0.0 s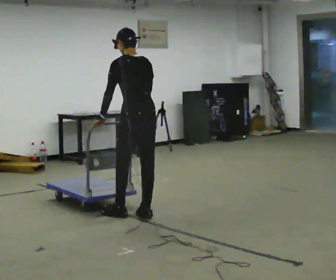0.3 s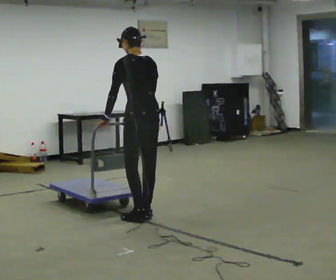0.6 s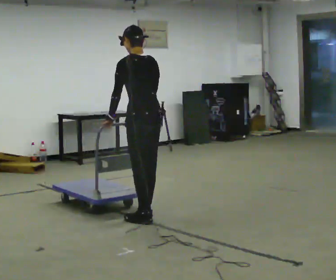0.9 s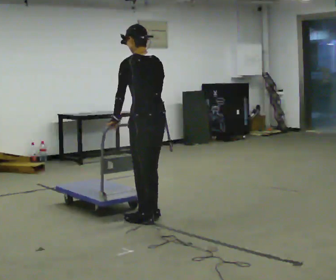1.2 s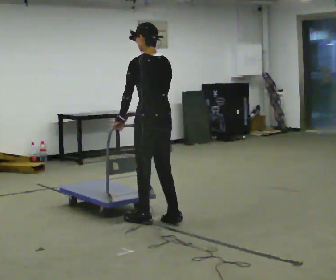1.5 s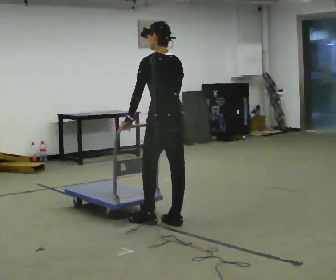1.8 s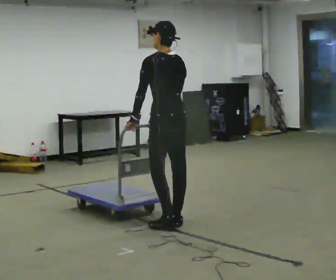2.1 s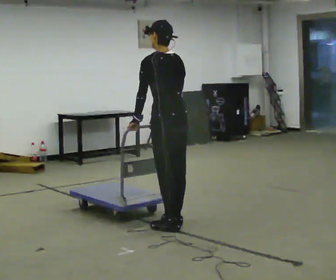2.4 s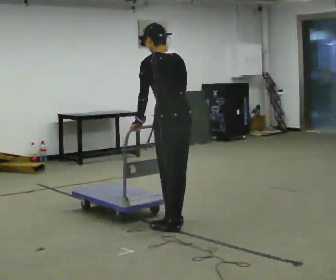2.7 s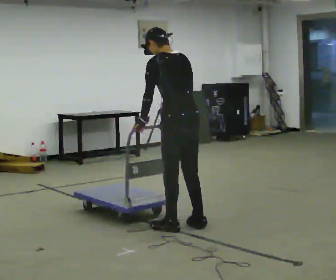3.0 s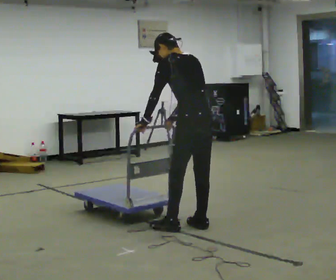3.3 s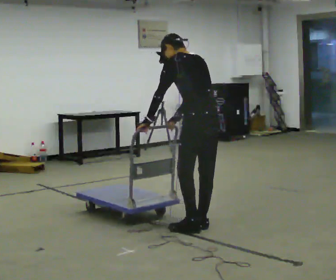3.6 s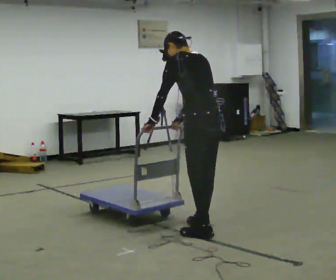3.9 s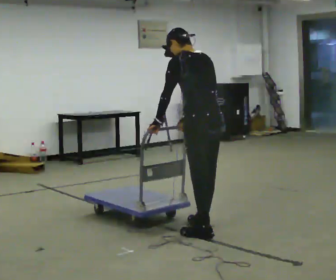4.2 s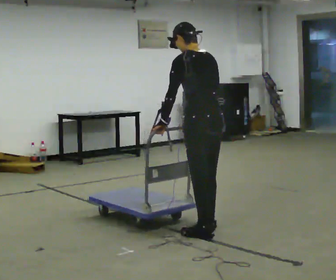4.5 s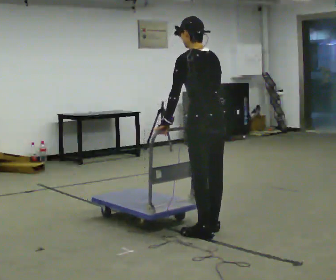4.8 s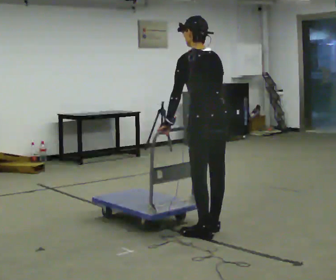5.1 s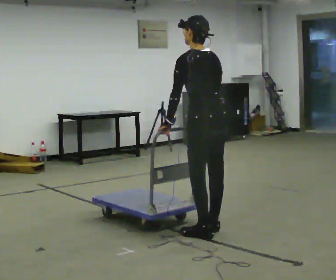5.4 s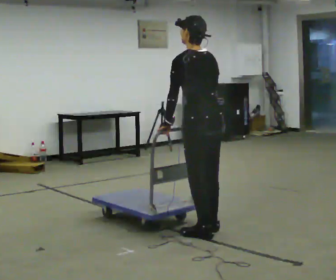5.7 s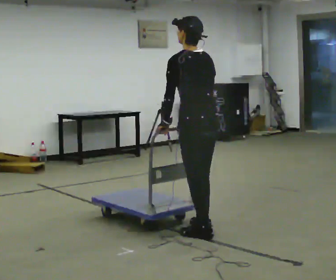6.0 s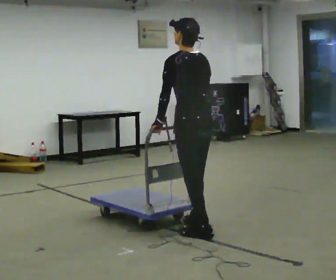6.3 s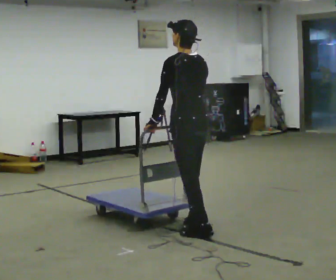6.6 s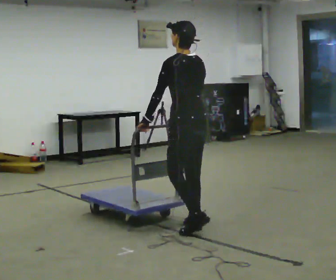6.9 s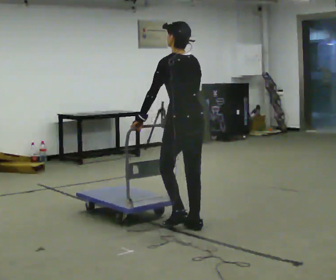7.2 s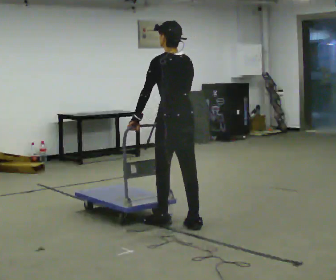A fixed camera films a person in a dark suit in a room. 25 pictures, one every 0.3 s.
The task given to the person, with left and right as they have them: Push the cart across the room using only the hand the operator calls. Keep your other arm at your side.
0.0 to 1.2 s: In the picture they go toward the camera and to the right, about 0.25 m in 2 steps, which for them is backward.
1.2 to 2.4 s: In the picture they go toward the camera and to the right, about 0.25 m in 1 step, which for them is backward.
2.4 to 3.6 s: In the picture they go to the right, about 0.25 m in 2 steps, which for them is backward.
3.6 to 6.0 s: The person moves a little, or ends about where they began.
6.0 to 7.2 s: In the picture they go away from the camera and to the left, about 0.25 m in 1 step, which for them is forward.
The film runs forward here.
